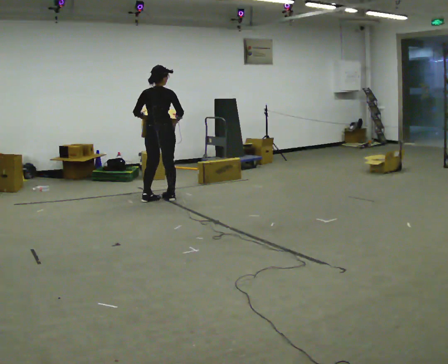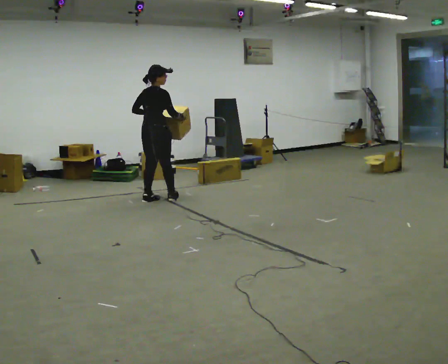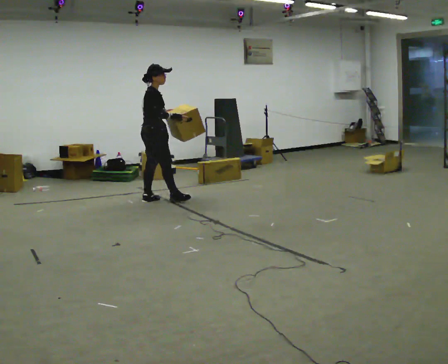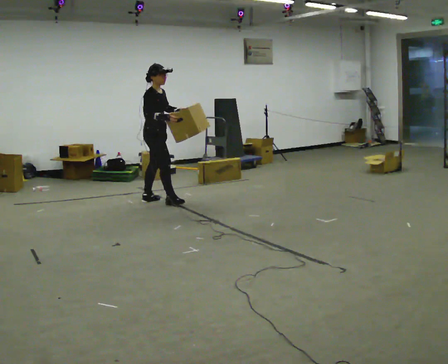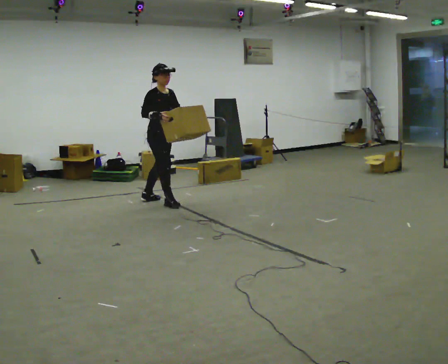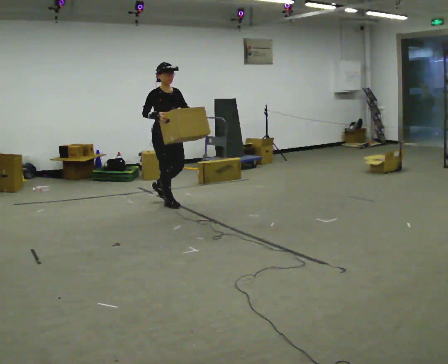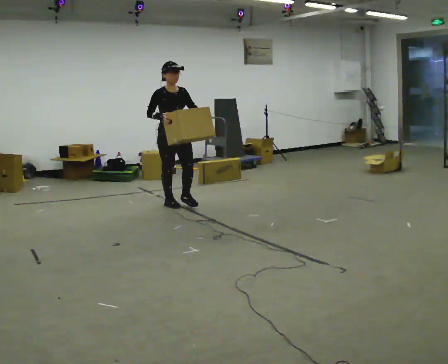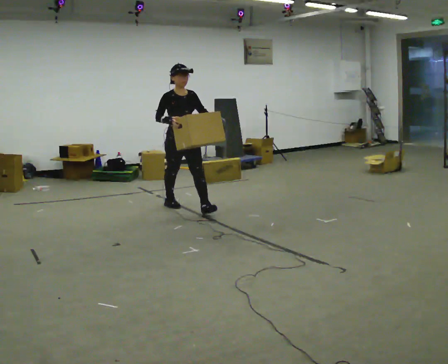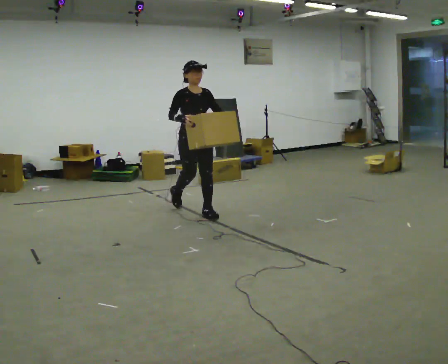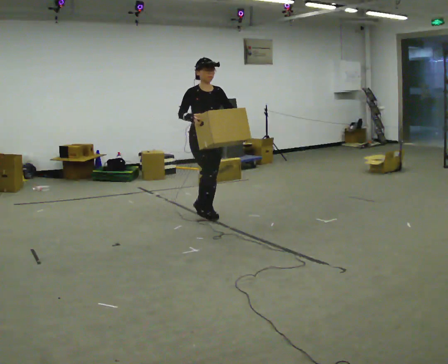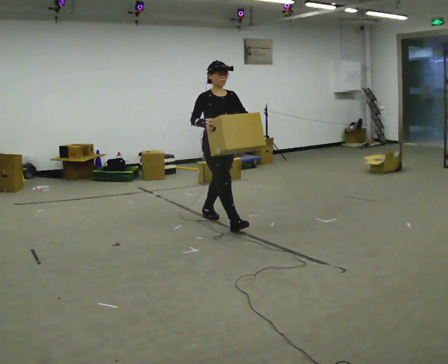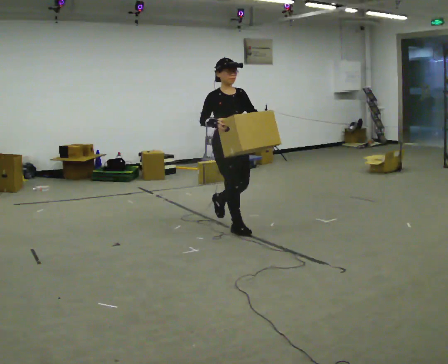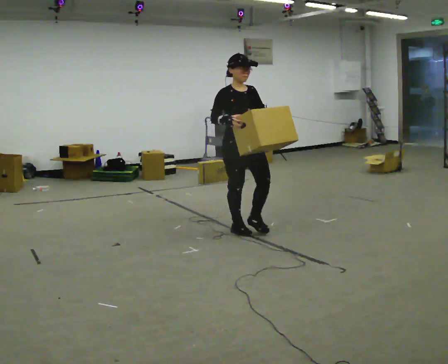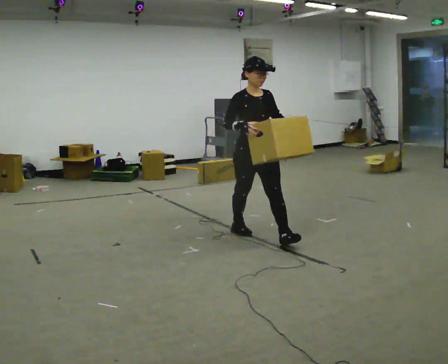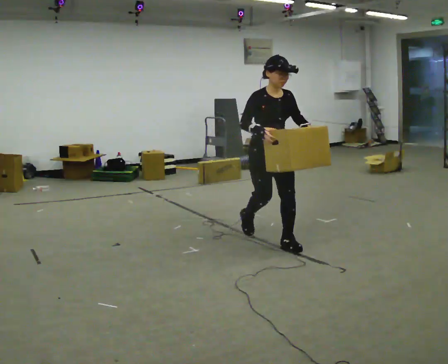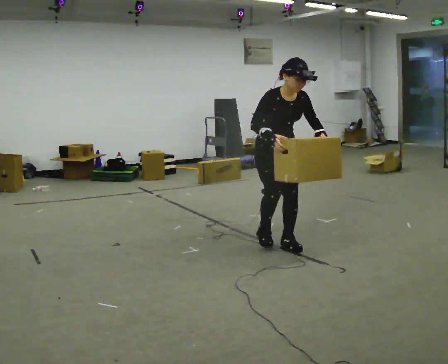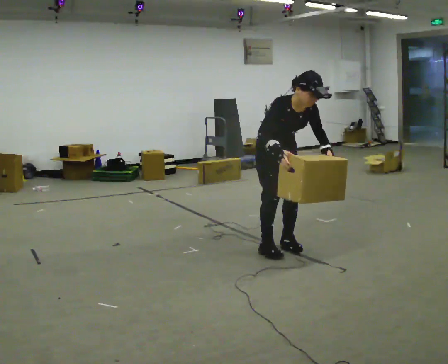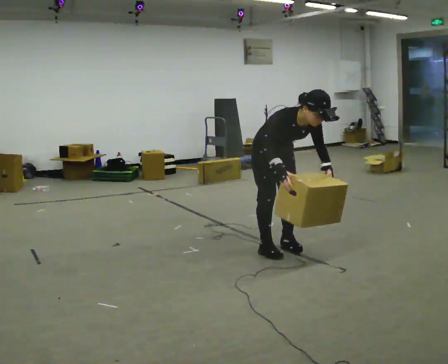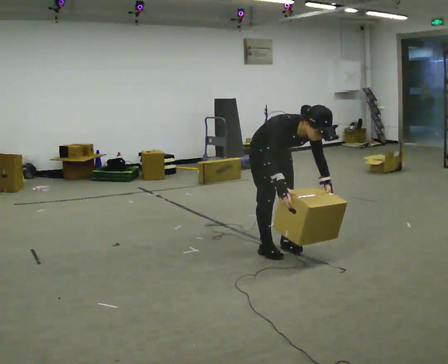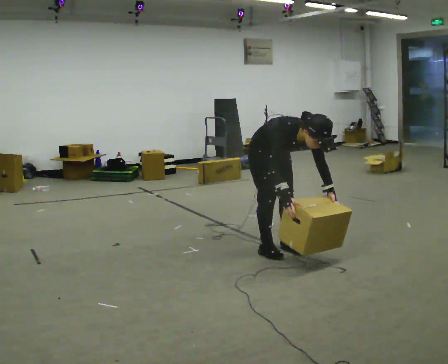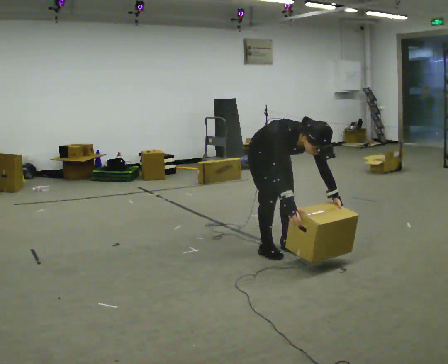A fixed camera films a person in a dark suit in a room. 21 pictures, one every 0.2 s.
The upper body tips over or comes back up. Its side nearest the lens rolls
downward.
0.0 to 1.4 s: The part of the body nearest the lens slides to the left as the person turns to their right by about 150 degrees. In the picture they go toward the camera and to the right, about 0.5 m in 1 step.
1.4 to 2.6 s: In the picture they go toward the camera and to the right, about 1.5 m in 2 steps, which for them is forward.
2.6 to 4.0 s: In the picture they go toward the camera, about 0.25 m in 2 steps, which for them is forward. The upper body goes downward. The upper body tips toward the camera, its near side rolling downward, as they bend forward. In the picture their right hand goes downward.
The film runs forward here.
